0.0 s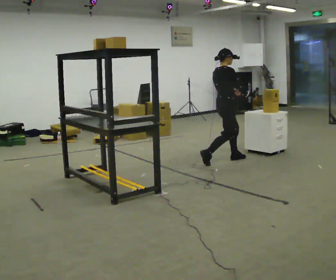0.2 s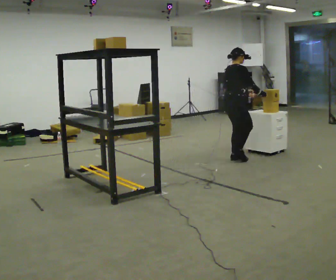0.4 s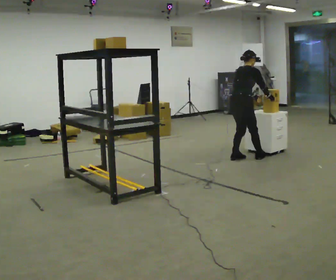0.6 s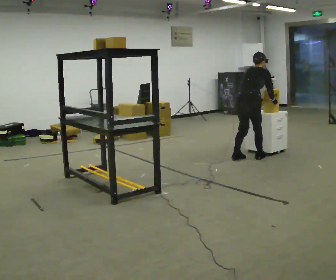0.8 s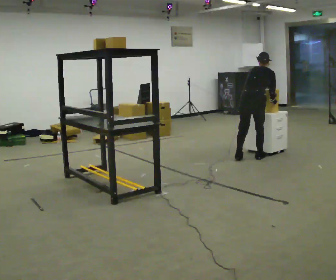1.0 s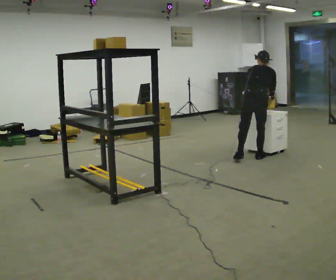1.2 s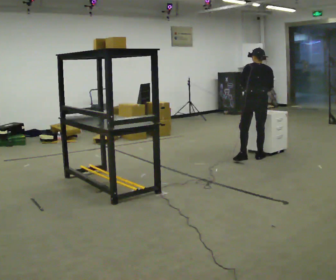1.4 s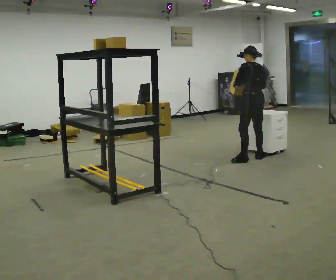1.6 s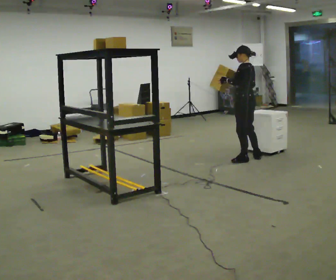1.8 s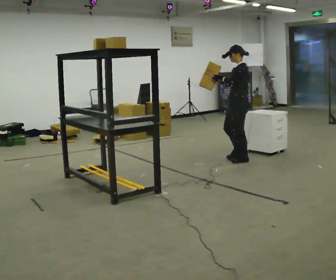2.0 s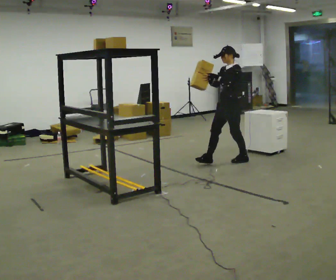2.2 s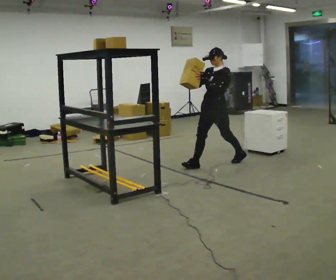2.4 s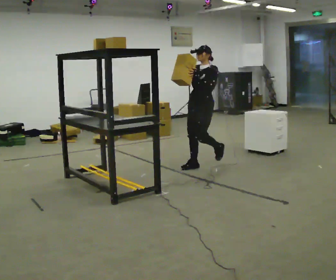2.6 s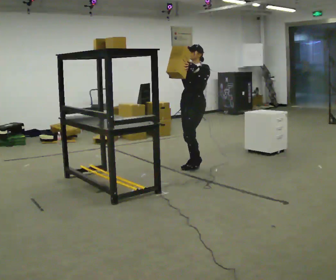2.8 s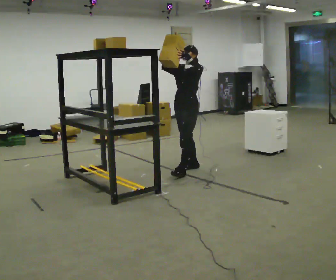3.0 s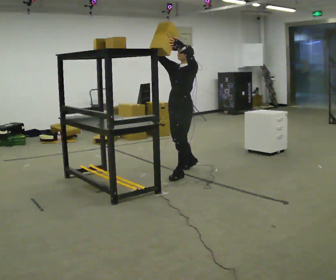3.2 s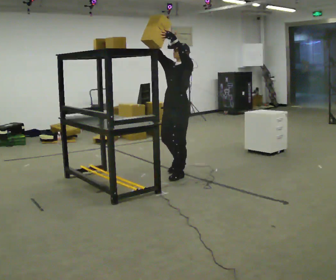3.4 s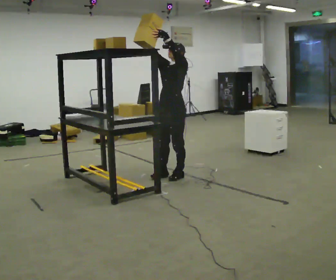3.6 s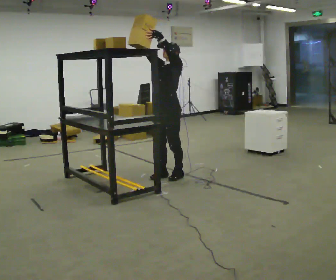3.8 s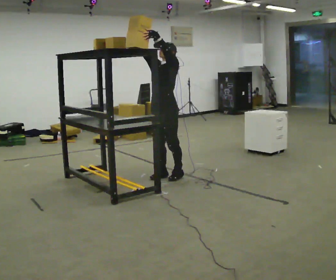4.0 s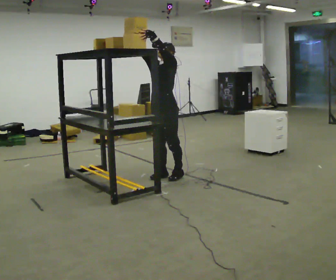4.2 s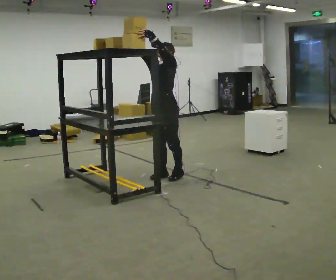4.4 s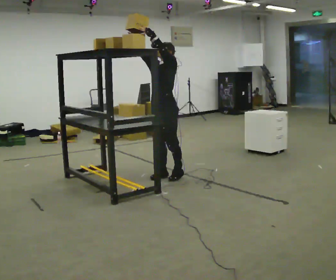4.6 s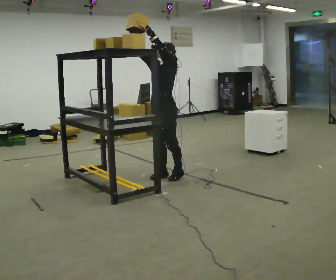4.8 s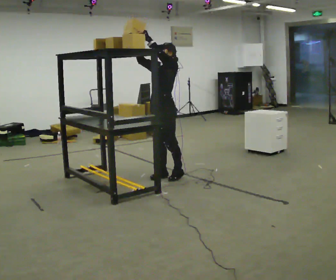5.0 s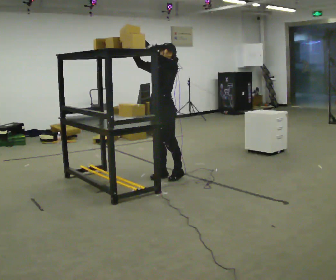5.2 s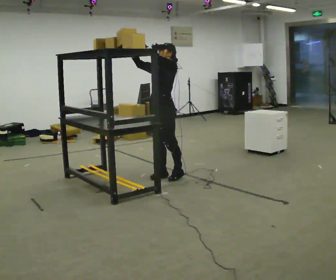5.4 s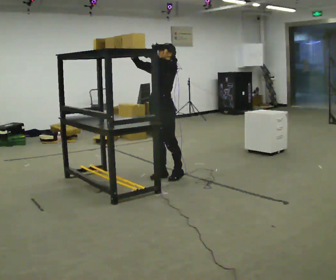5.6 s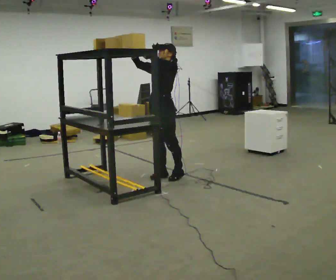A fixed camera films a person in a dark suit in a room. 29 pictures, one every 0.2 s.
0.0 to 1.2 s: The person turns about 75 degrees to their left, counterclockwise seen from above, so the part of the body nearest the lens slides to the right. In the picture they go to the right, about 0.5 m in 2 steps.
1.2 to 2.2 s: The person turns about 135 degrees to their left, counterclockwise seen from above, so the part of the body nearest the lens slides to the right. In the picture they go to the left, about 0.5 m in 1 step. The upper body tips toward the camera, its near side rolling downward, as they lean back or straighten.
2.2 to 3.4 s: In the picture they go to the left and toward the camera, about 0.5 m in 2 steps, which for them is forward. In the picture their right hand goes upward.
3.4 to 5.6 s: The person moves a little, or ends about where they began.
The film runs forward here.
